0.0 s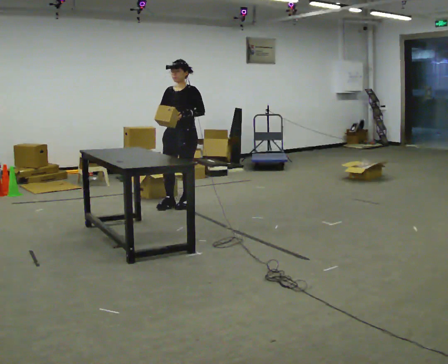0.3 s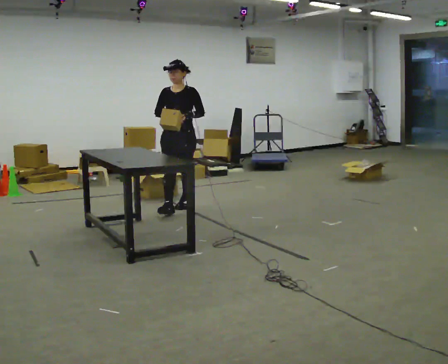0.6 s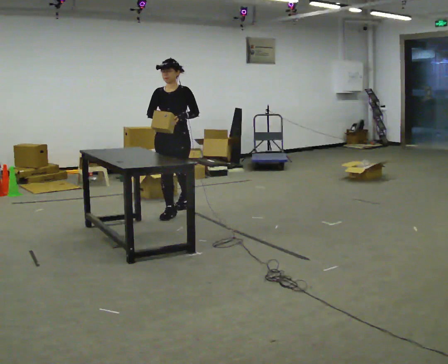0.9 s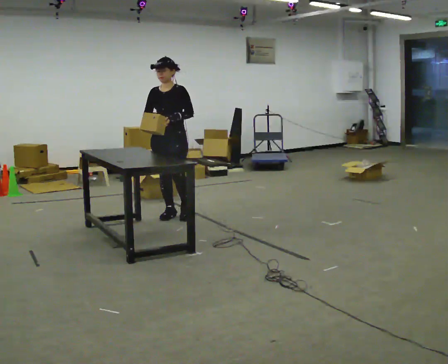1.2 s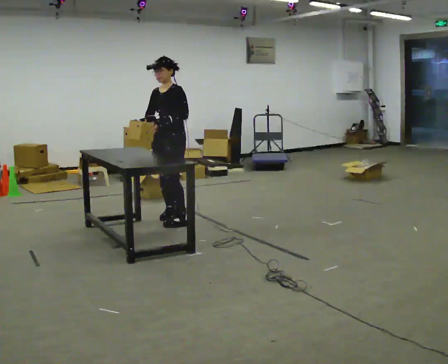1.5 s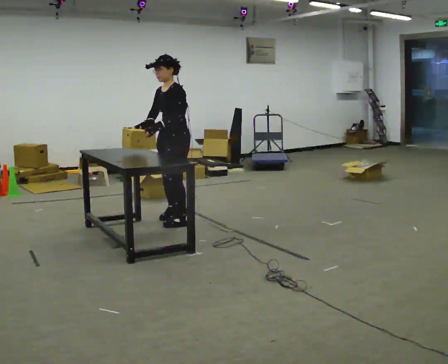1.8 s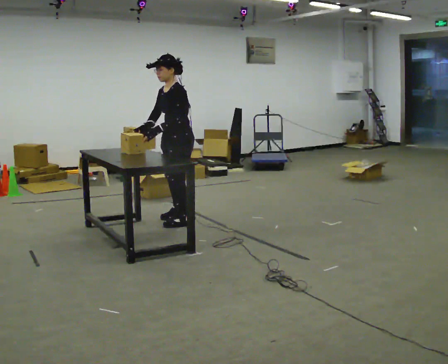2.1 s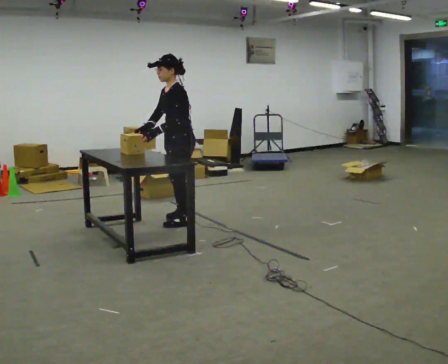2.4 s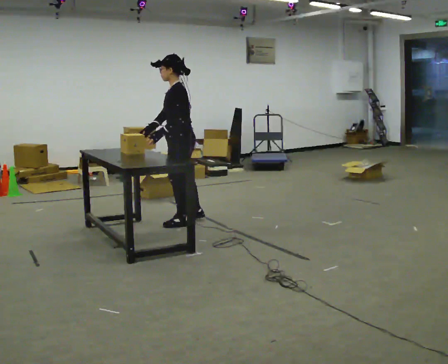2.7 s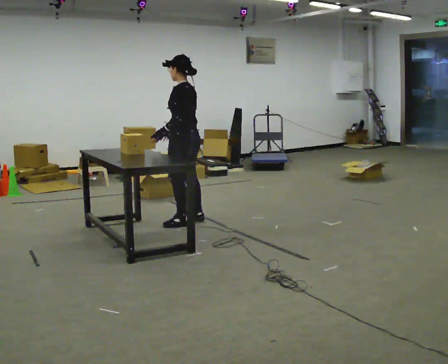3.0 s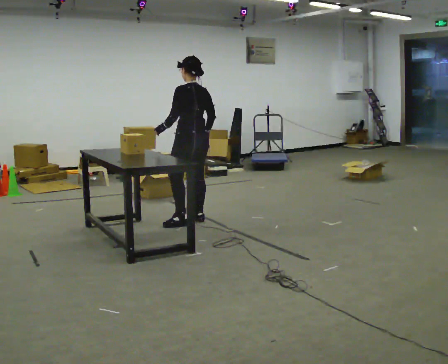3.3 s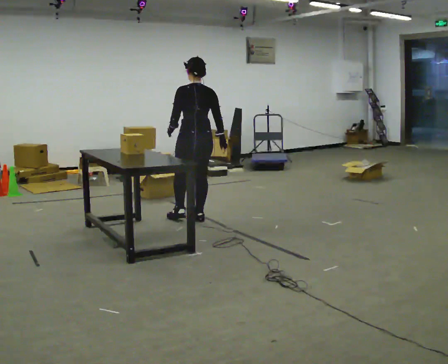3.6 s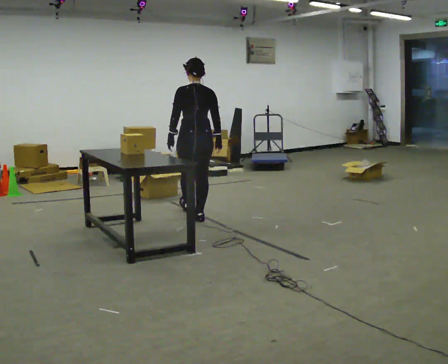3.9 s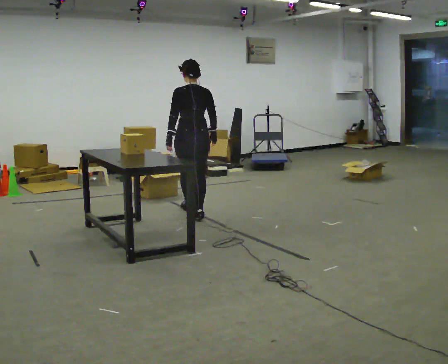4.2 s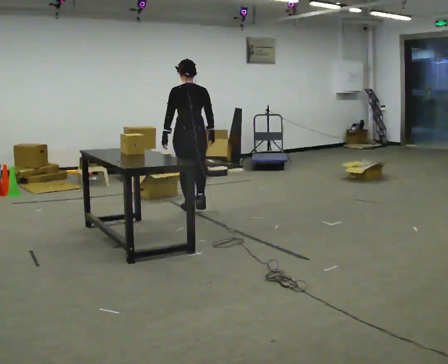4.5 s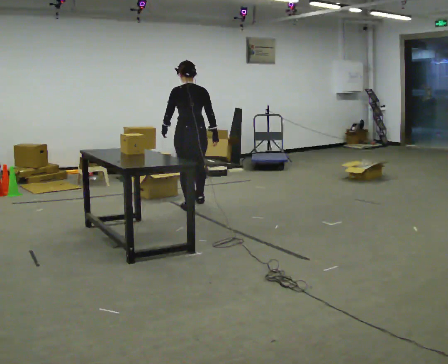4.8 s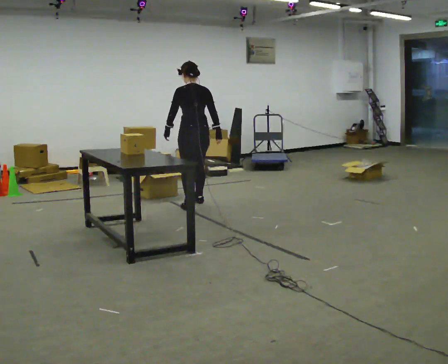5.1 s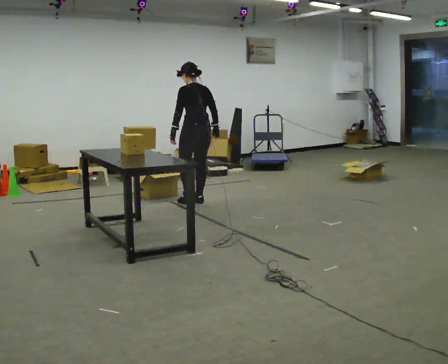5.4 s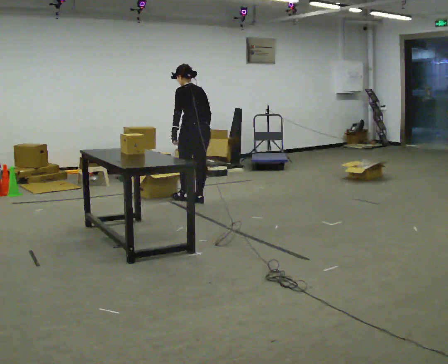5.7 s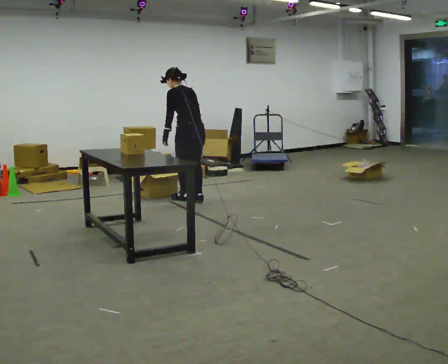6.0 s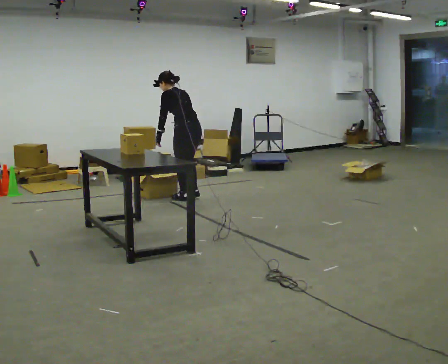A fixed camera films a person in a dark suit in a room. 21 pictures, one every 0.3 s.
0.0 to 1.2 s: In the picture they go toward the camera, about 0.5 m in 2 steps, which for them is forward.
1.2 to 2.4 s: The person turns about 45 degrees to their right, clockwise seen from above, so the part of the body nearest the lens slides to the left. In the picture they go toward the camera, about 0.25 m in 1 step, which for them is to their left.
2.4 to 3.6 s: The person turns about 75 degrees to their right, clockwise seen from above, so the part of the body nearest the lens slides to the left. In the picture they go away from the camera, about 0.25 m in 1 step.
3.6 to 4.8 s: In the picture they go away from the camera, about 0.5 m in 2 steps, which for them is forward.
4.8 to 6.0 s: Seen from above the body turns counterclockwise, about 30 degrees: to their left, with its near side sliding to the right. In the picture they go away from the camera, about 0.25 m in 1 step, which for them is forward. In the picture the upper body tilts counterclockwise, shoulders to the left, as they bend forward.
The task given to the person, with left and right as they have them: Take an object out of the bin at knee height, carry it across the room, and place it on the chest-height shelf. Keep going until the operator says stop; one object at a time, and do not rush between trips.
The film runs forward here.
